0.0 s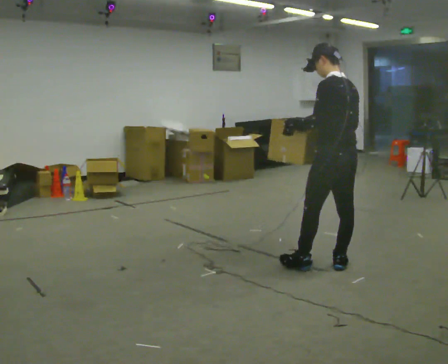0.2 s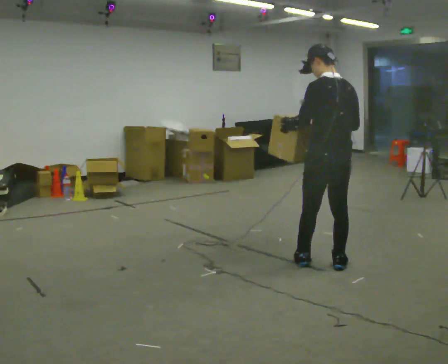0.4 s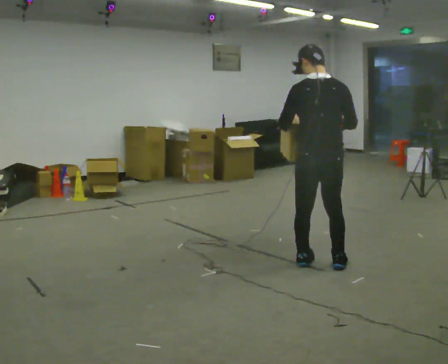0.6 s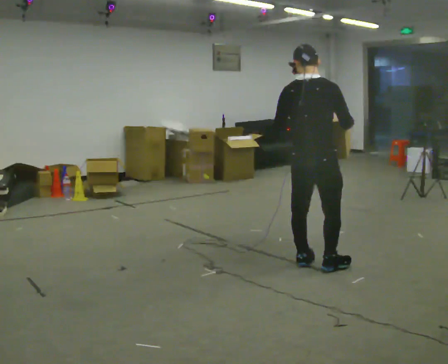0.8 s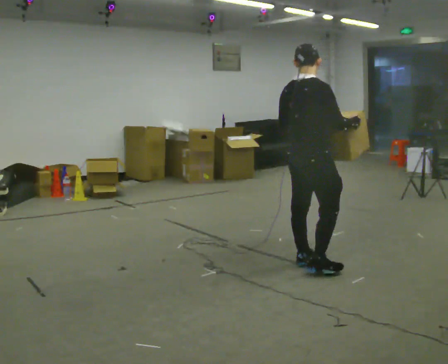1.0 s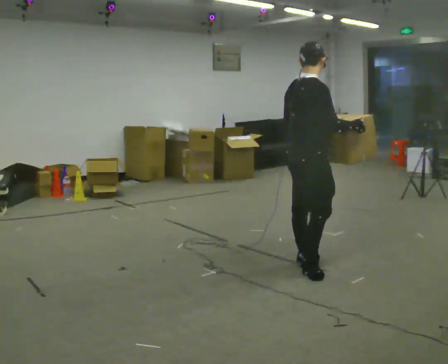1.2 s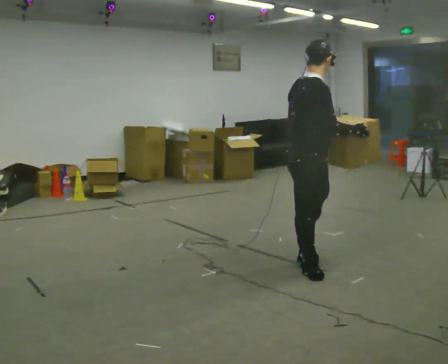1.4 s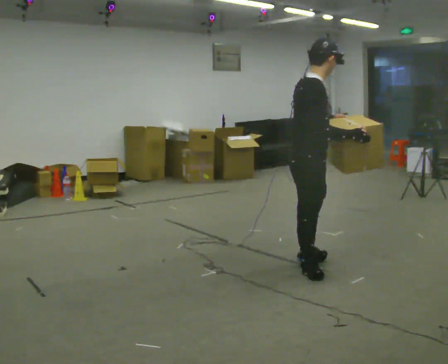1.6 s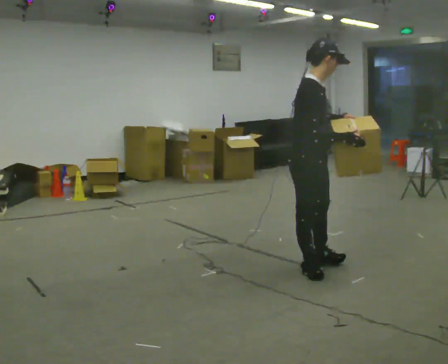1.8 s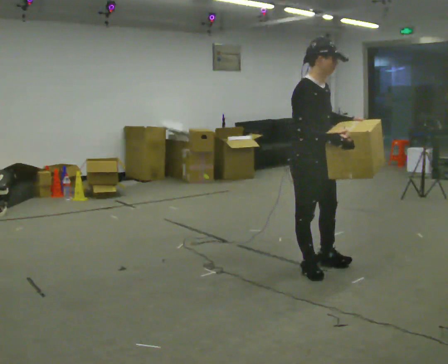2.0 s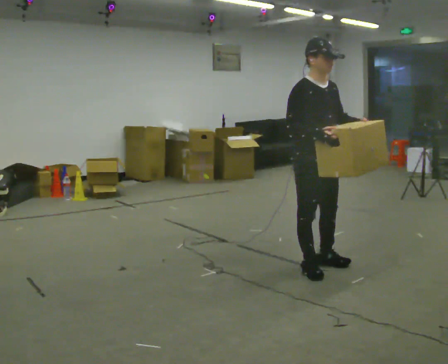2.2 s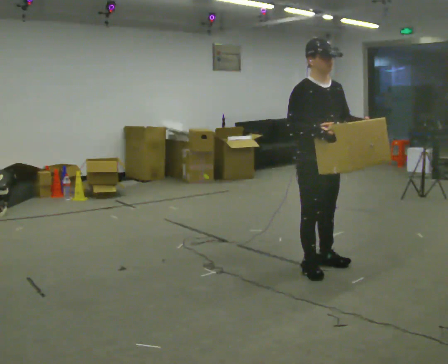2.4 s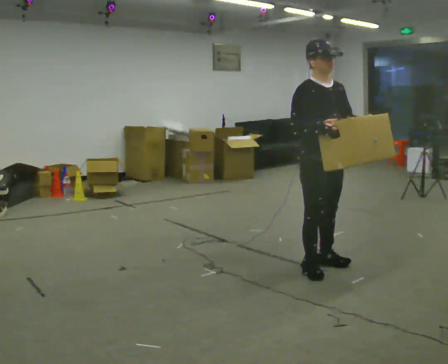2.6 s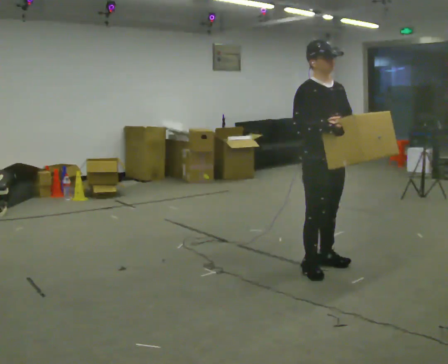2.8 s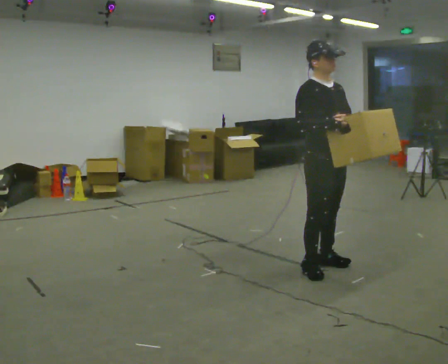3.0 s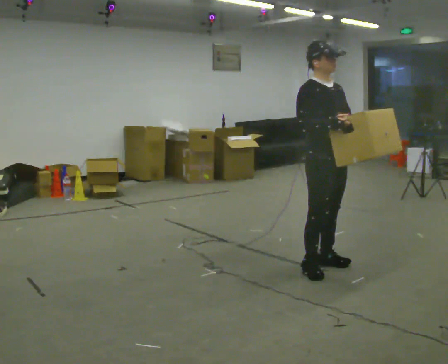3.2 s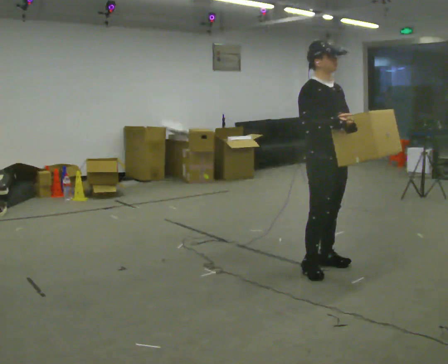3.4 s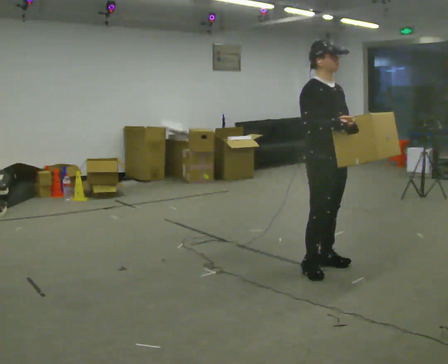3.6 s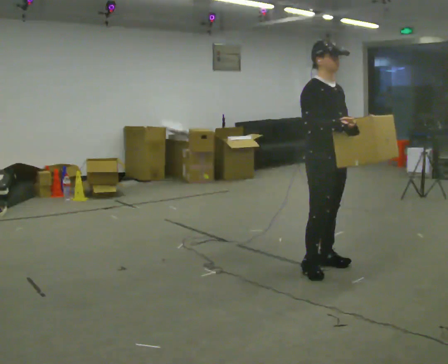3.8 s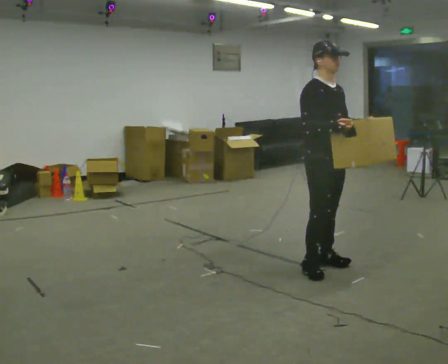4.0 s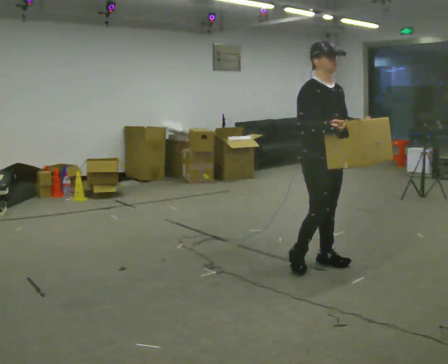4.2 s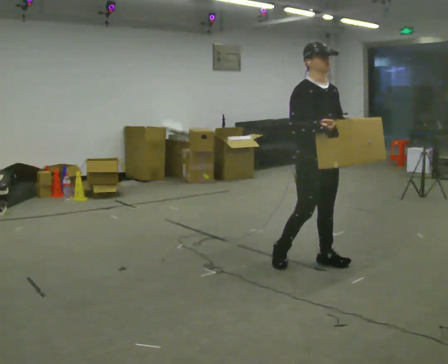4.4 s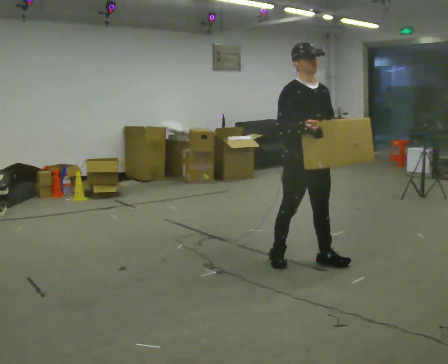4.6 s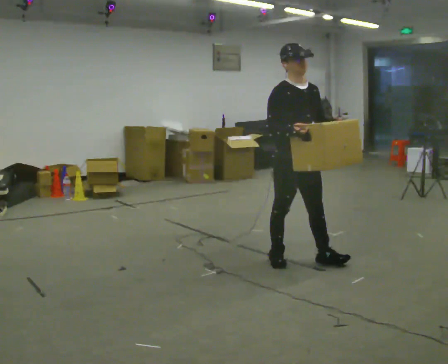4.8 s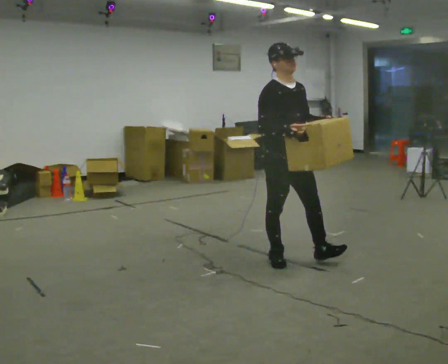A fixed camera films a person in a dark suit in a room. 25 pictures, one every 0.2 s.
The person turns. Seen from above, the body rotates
clockwise.
The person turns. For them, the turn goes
to their right.
0.0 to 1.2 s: Seen from above the body turns clockwise, about 120 degrees: to their right, with its near side sliding to the left. In the picture they go to the left, about 0.25 m in 1 step.
1.2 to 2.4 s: Seen from above the body turns clockwise, about 75 degrees: to their right, with its near side sliding to the left. In the picture their left hand goes to the right.
2.4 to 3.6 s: The person moves a little, or ends about where they began.
3.6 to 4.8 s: In the picture they go to the left, about 0.25 m in 2 steps, which for them is backward and to their right.
The film runs backward here.
